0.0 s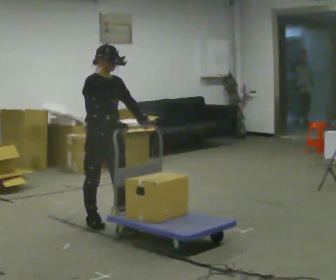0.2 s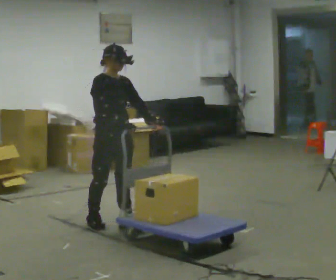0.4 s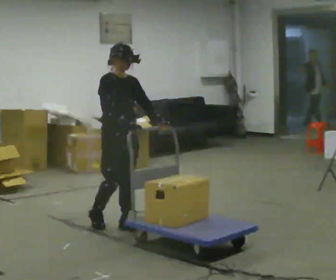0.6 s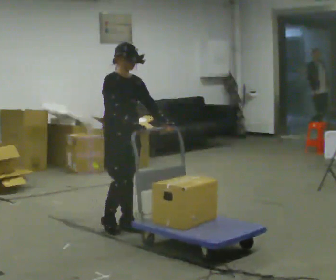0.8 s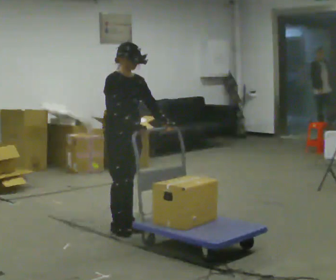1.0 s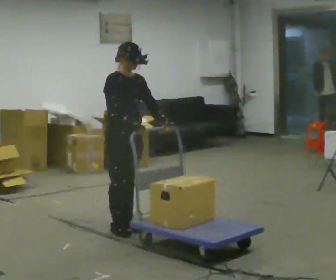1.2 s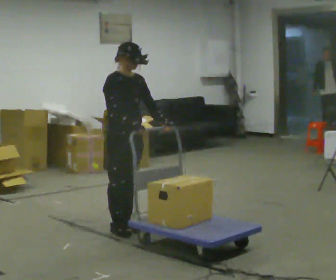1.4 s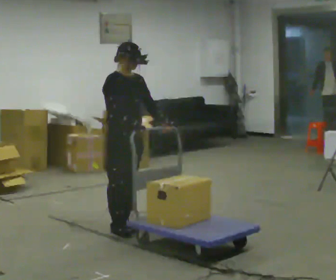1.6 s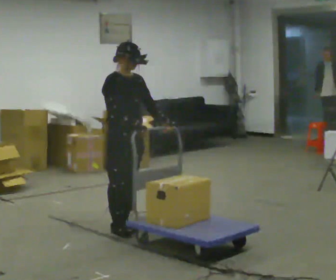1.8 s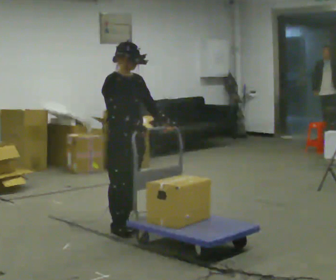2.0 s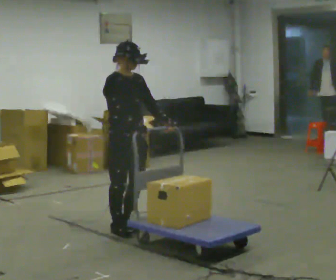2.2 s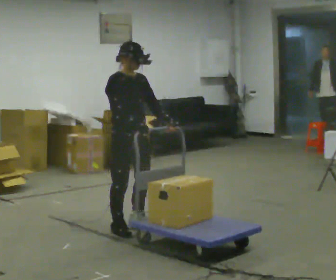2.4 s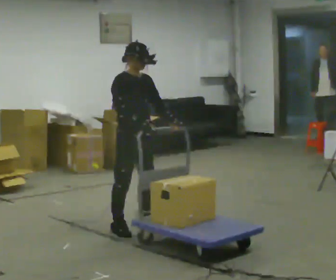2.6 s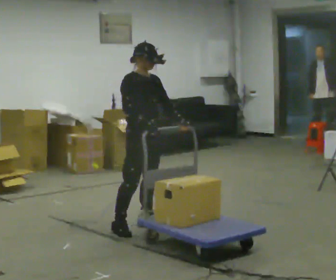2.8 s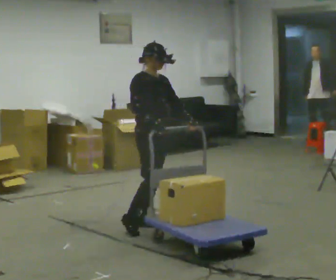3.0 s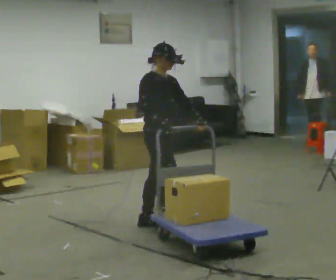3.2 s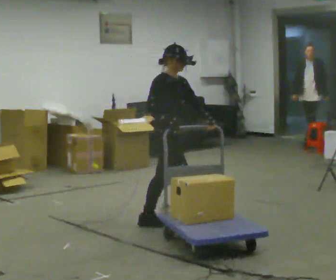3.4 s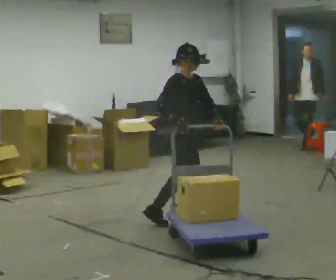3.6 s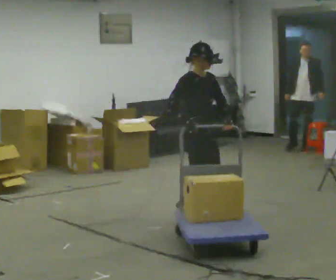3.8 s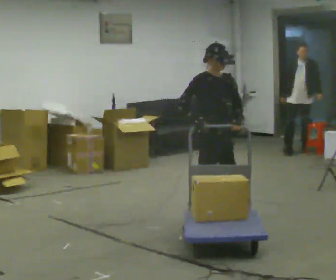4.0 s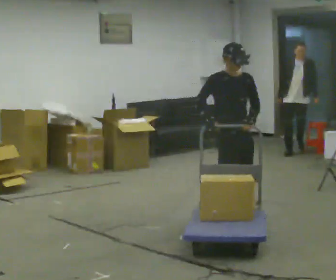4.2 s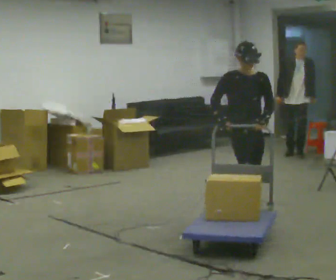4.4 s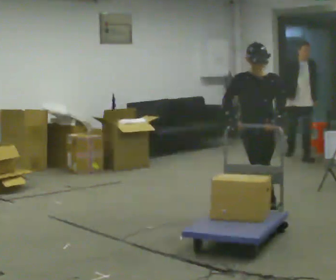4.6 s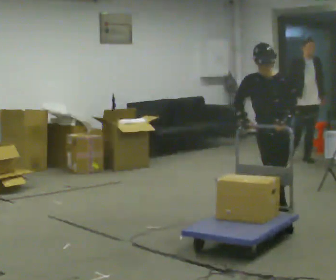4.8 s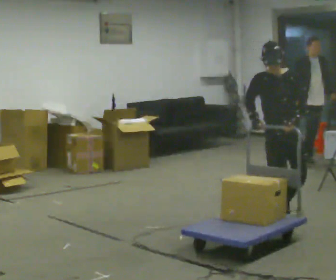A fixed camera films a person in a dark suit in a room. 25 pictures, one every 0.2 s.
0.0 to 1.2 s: In the picture they go to the right, about 0.25 m in 1 step, which for them is forward.
1.2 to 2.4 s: The person moves a little, or ends about where they began.
2.4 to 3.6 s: In the picture they go to the right, about 0.5 m in 1 step, which for them is forward and to their left.
3.6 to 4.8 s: Seen from above the body turns clockwise, about 45 degrees: to their right, with its near side sliding to the left. In the picture they go to the right, about 0.5 m in 2 steps, which for them is forward and to their left.
The film runs forward here.
